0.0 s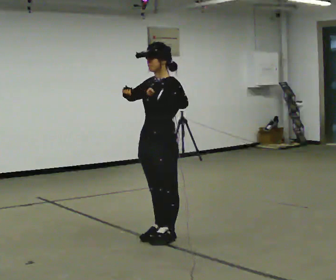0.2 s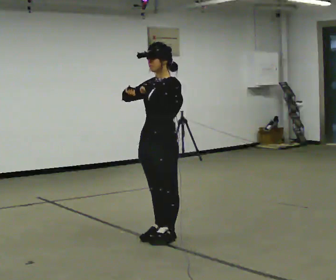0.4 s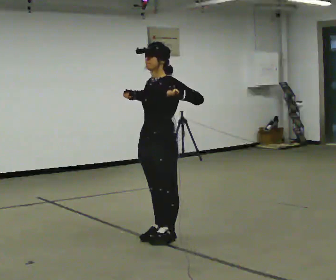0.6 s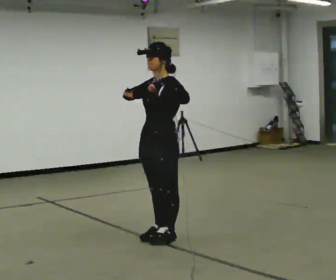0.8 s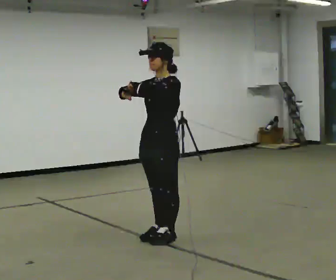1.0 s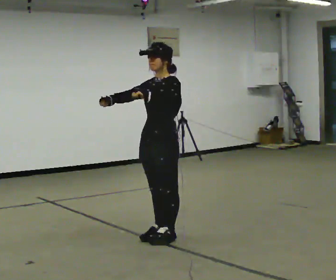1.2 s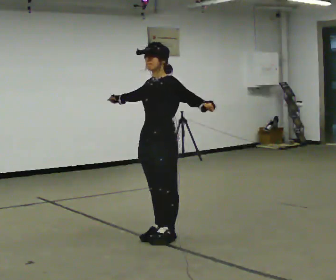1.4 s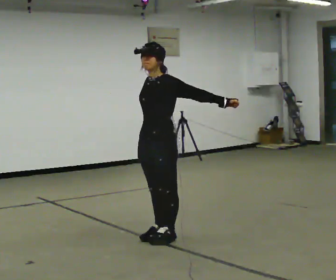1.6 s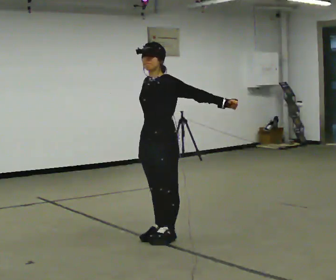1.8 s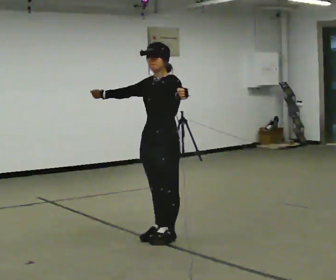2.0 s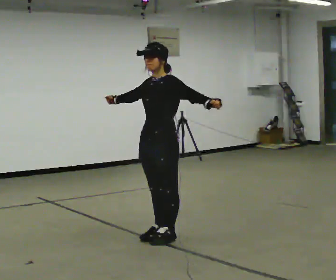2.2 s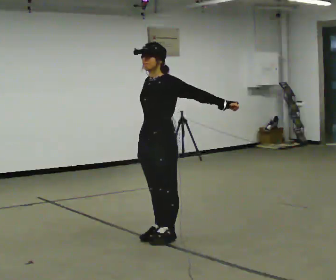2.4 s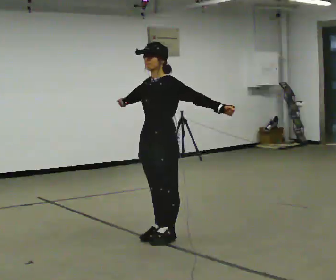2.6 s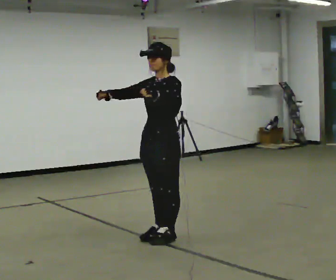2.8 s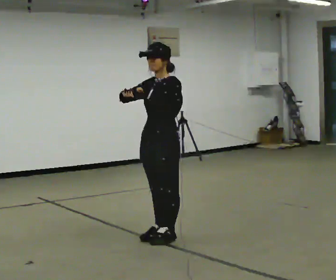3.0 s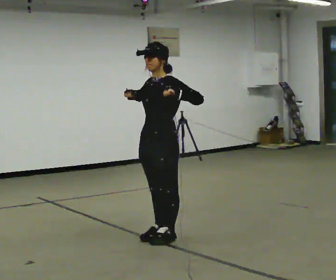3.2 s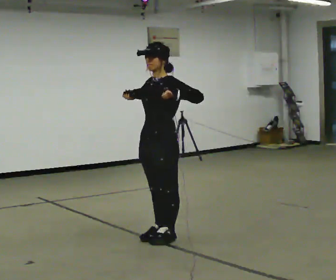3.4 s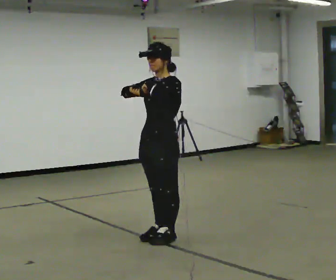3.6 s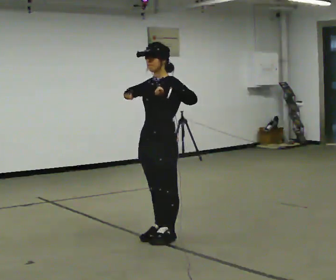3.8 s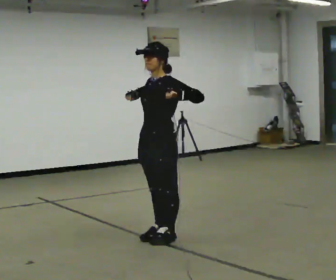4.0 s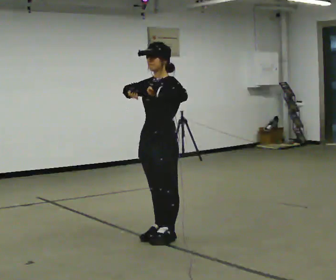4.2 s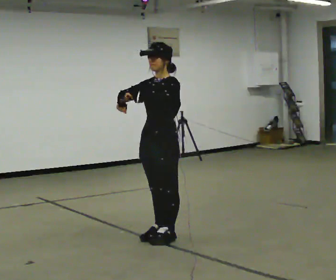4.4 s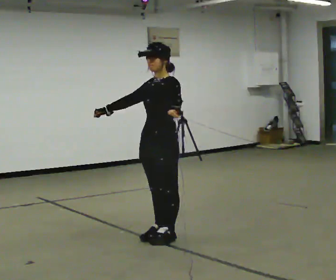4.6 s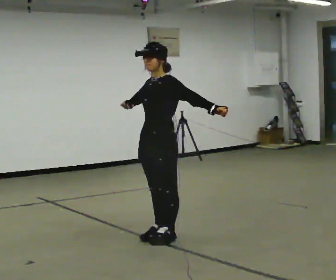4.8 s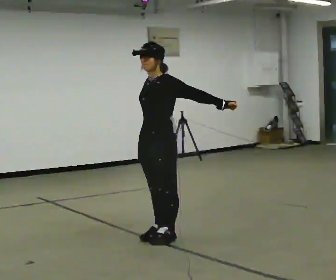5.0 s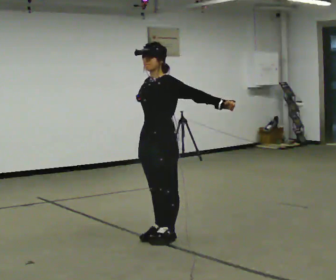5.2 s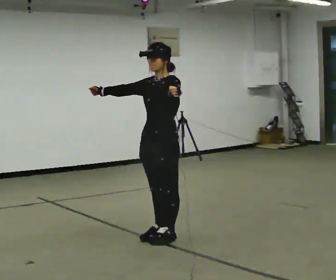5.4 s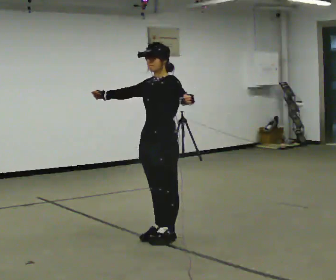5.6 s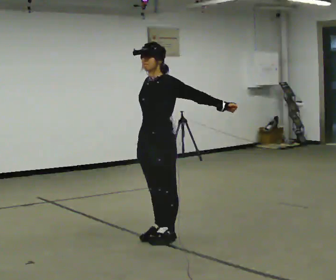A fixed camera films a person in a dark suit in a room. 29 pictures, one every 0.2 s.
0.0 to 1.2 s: In the picture their left hand goes to the right.
1.2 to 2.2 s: The person moves a little, or ends about where they began.
2.2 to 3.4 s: In the picture their left hand goes to the left.
3.4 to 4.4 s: The person moves a little, or ends about where they began.
4.4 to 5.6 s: In the picture their left hand goes to the right.
The film runs backward here.
